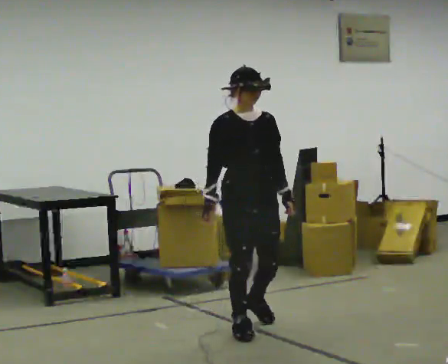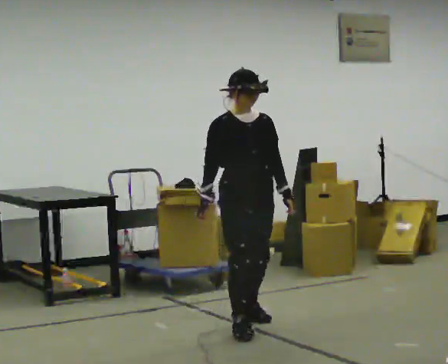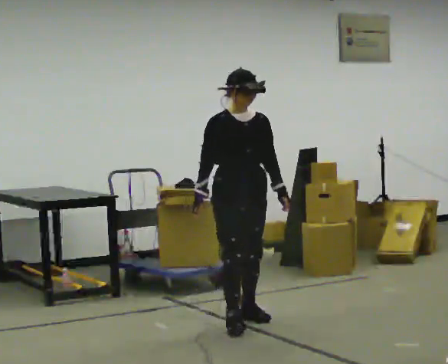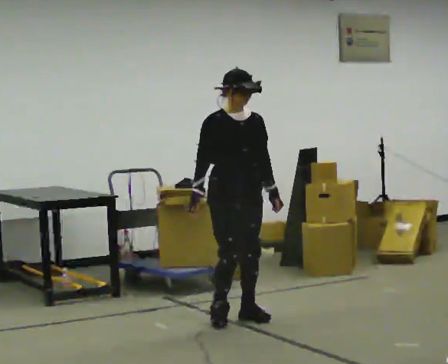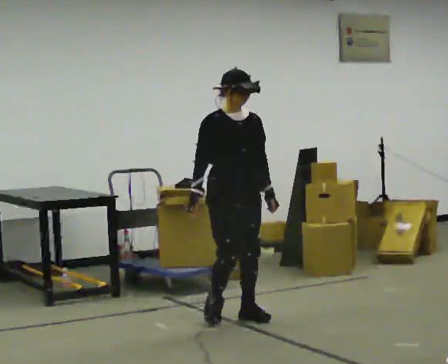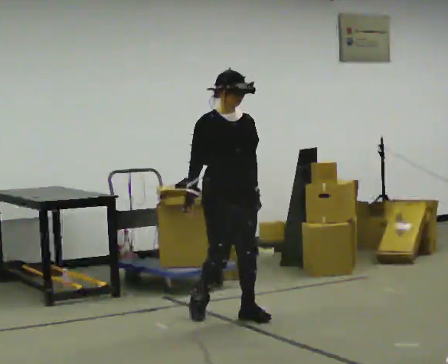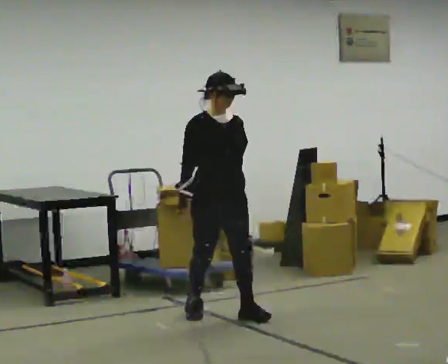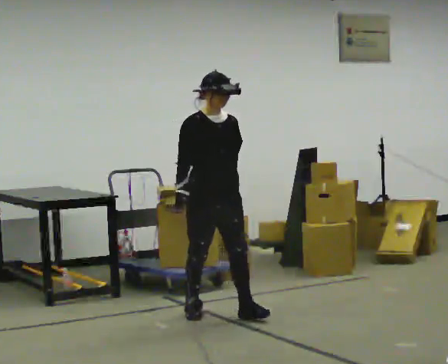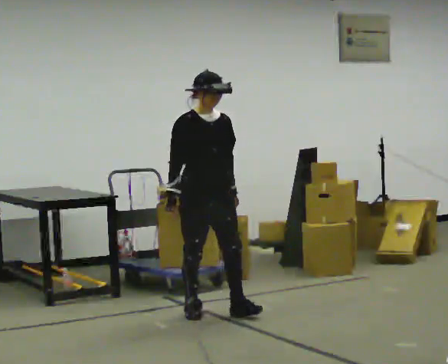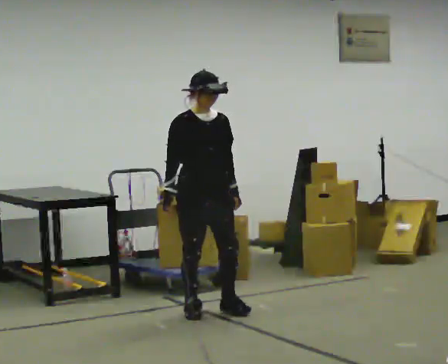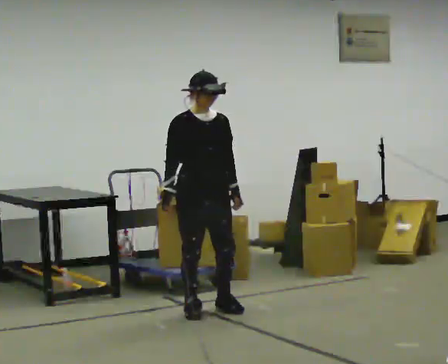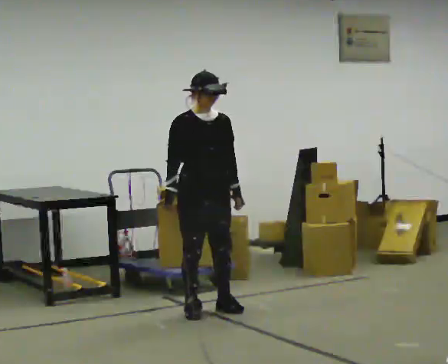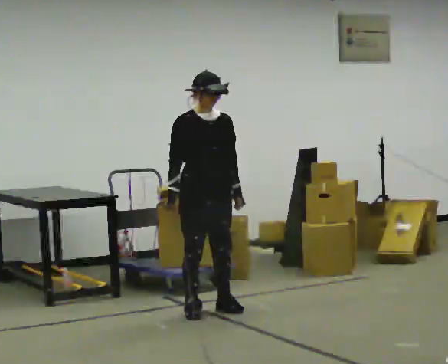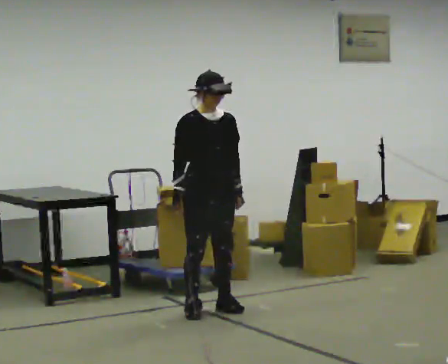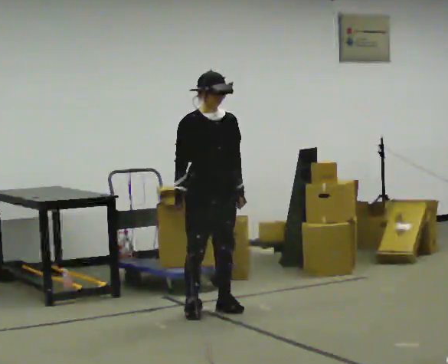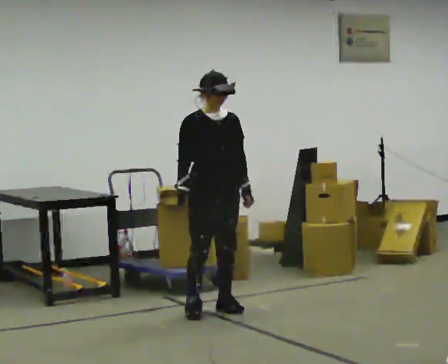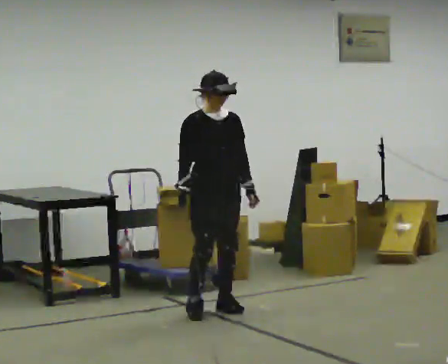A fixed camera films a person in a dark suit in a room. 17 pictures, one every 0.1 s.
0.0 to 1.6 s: In the picture they go away from the camera, about 0.5 m in 2 steps, which for them is backward.
The film runs backward here.
